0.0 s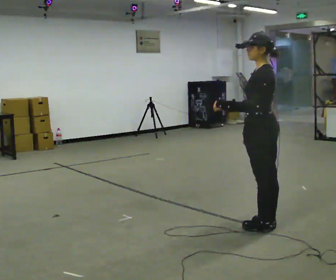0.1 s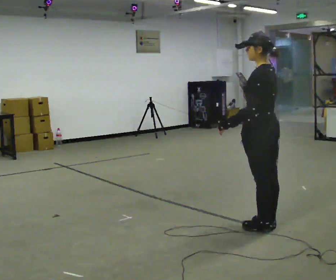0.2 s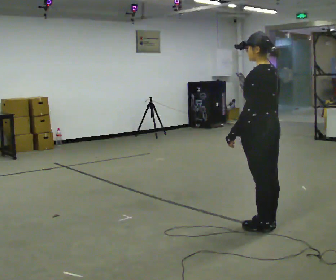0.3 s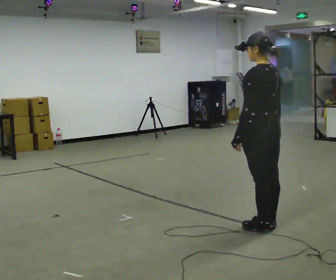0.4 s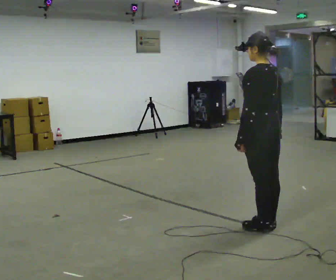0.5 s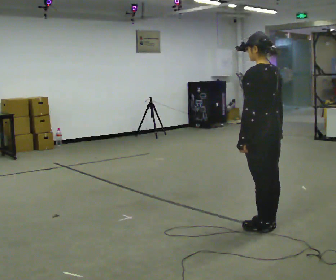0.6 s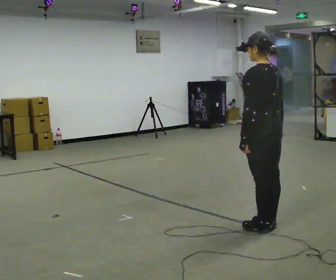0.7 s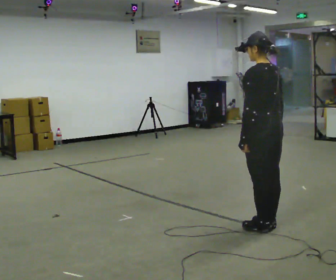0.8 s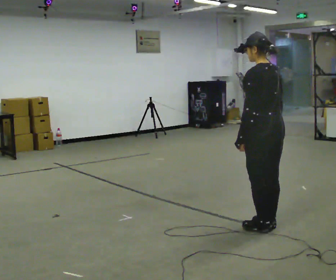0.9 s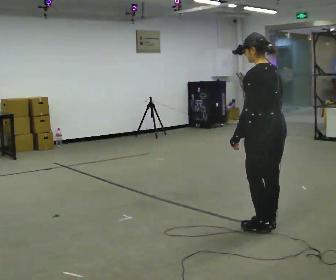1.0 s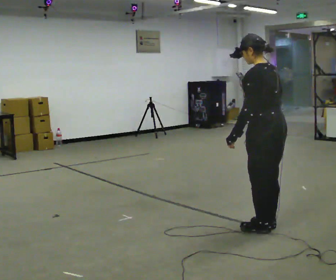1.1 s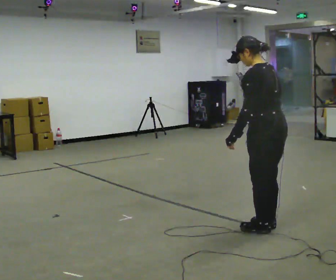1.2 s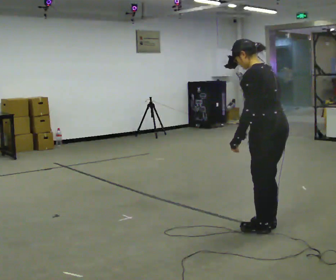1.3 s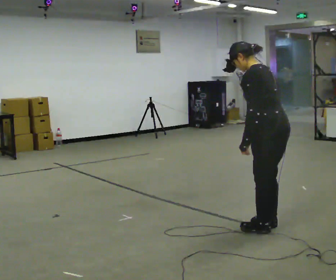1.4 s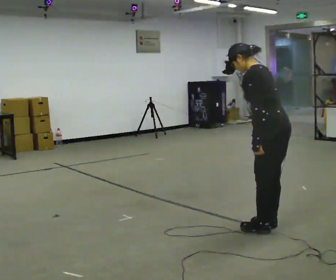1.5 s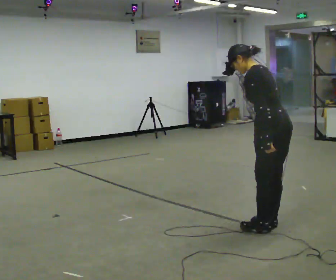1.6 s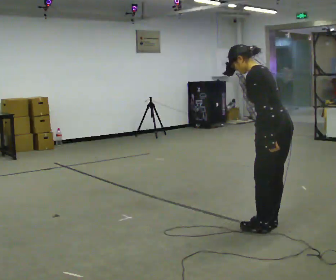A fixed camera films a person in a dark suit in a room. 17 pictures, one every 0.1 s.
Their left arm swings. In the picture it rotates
counterclockwise.
The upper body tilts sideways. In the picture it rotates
counterclockwise.
0.0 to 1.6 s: In the picture the upper body tilts counterclockwise, shoulders to the left, as they bend forward. In the picture their left hand goes downward, the arm swinging counterclockwise.
The film runs backward here.
